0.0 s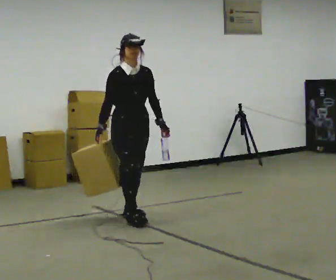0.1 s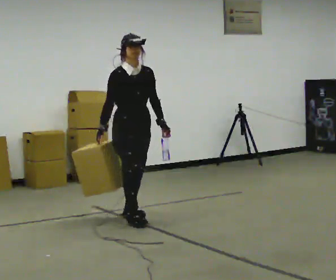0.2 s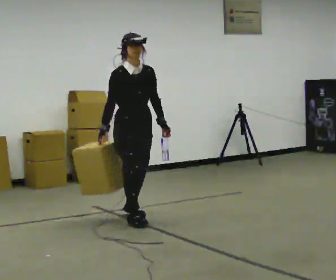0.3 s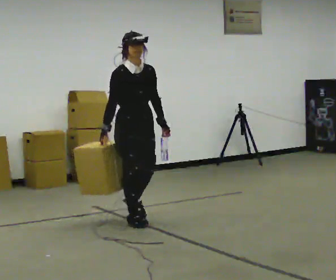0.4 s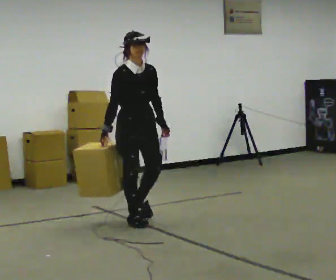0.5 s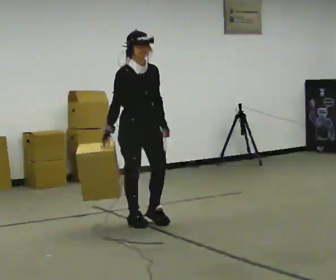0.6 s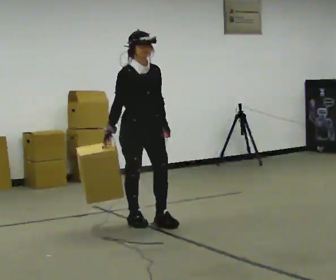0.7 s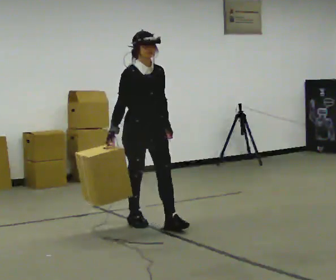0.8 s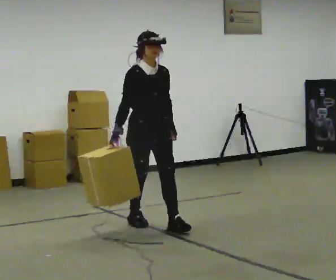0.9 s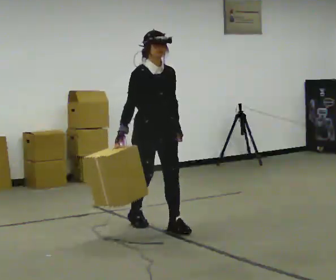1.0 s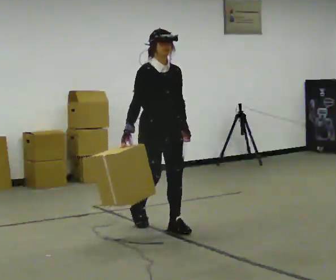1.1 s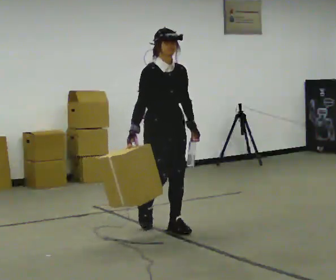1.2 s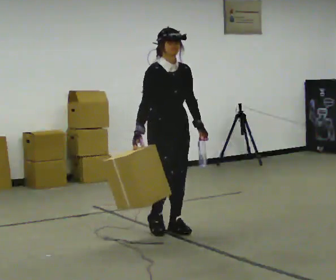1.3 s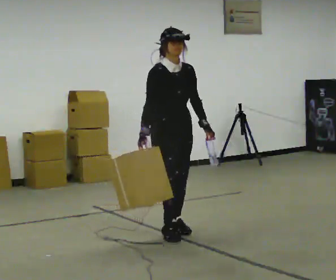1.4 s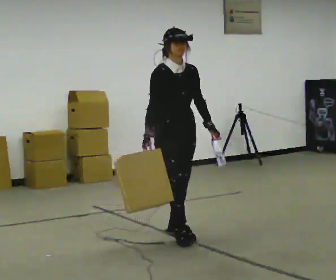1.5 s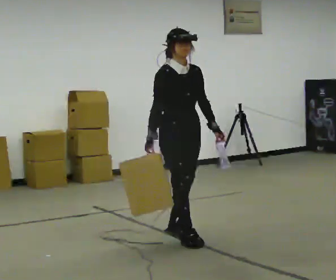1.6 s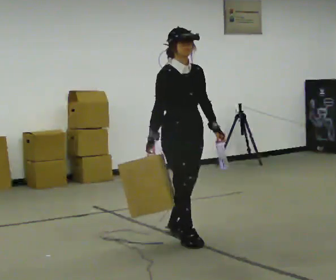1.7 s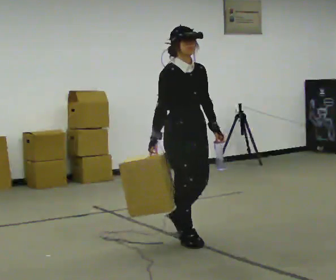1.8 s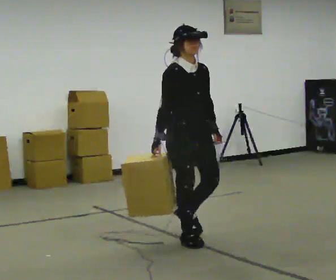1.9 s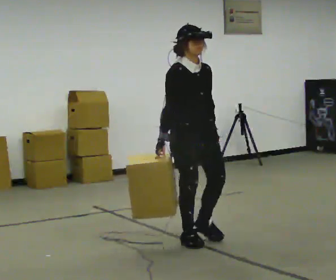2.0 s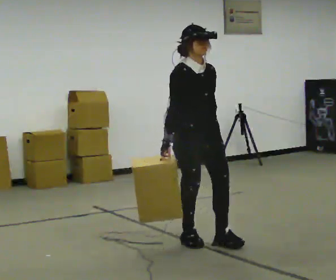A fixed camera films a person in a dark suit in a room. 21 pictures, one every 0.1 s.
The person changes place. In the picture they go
toward the camera.
0.0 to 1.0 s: In the picture they go toward the camera and to the right, about 0.5 m in 1 step, which for them is forward.
1.0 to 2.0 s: In the picture they go toward the camera and to the right, about 0.5 m in 1 step, which for them is forward.
The film runs forward here.
